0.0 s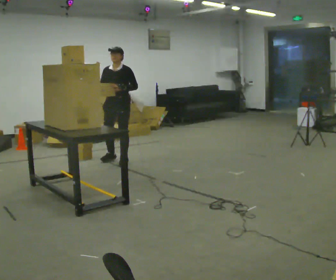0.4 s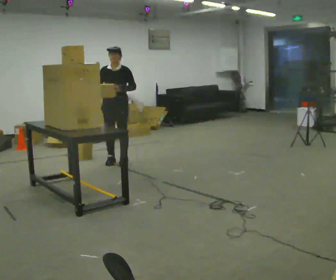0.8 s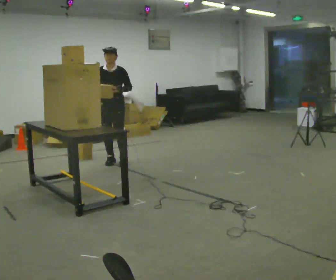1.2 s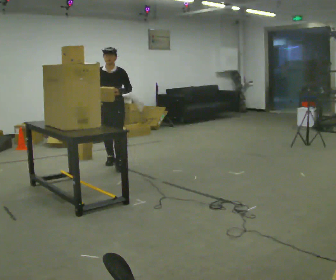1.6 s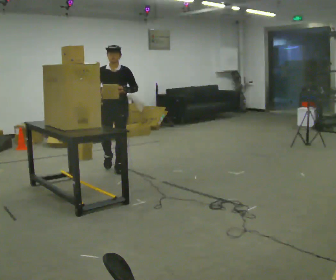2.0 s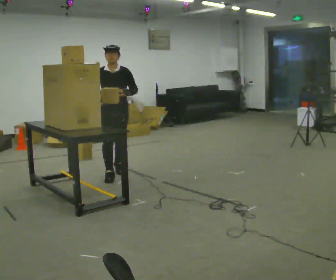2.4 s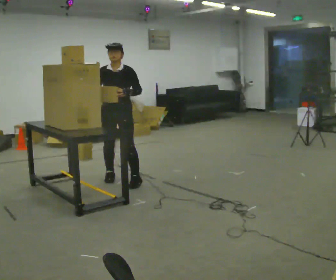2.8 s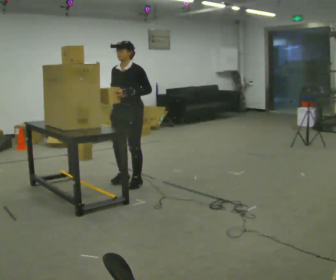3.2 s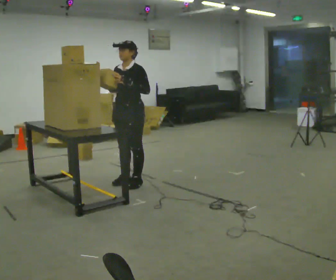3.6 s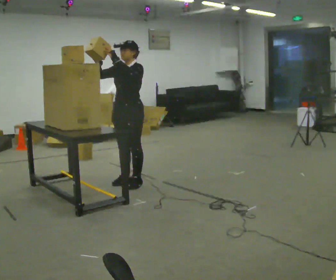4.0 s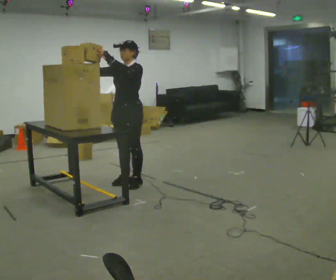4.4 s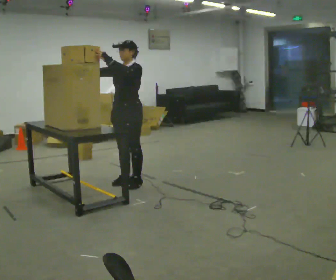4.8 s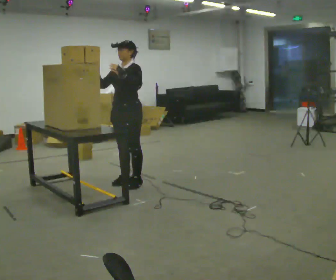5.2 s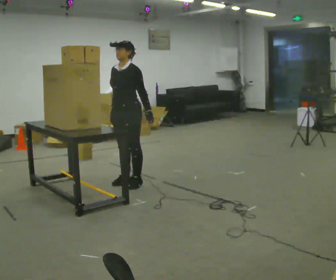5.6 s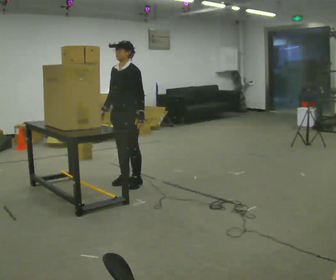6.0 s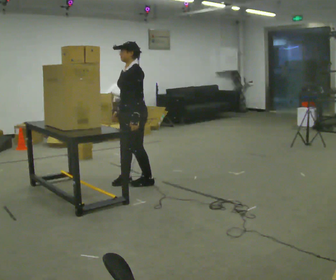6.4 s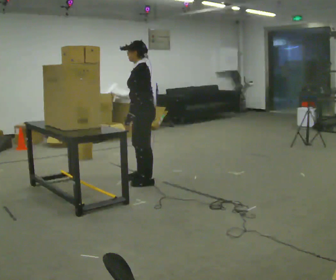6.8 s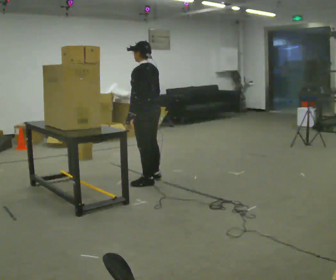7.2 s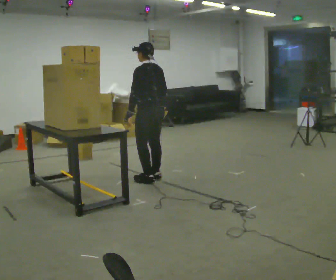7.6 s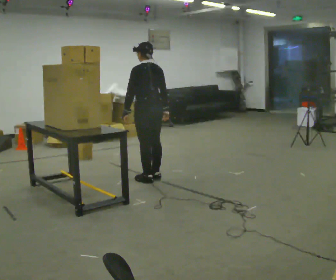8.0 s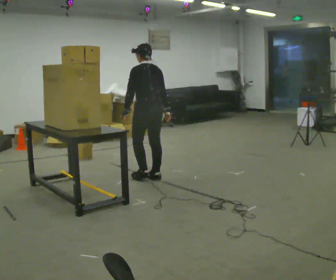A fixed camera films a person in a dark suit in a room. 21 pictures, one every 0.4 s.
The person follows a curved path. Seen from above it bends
counterclockwise.
0.0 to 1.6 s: In the picture they go toward the camera, about 0.5 m in 1 step, which for them is forward.
1.6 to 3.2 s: The part of the body nearest the lens slides to the left as the person turns to their right by about 45 degrees. In the picture they go toward the camera, about 0.75 m in 3 steps, which for them is forward and to their left.
3.2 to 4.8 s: The person moves a little, or ends about where they began.
4.8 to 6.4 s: The person turns about 45 degrees to their right, clockwise seen from above, so the part of the body nearest the lens slides to the left. In the picture they go to the right, about 0.25 m, which for them is backward. In the picture their right hand goes to the right and downward, the arm swinging counterclockwise.
6.4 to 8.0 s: The part of the body nearest the lens slides to the left as the person turns to their right by about 45 degrees. In the picture they go away from the camera, about 0.25 m in 1 step, which for them is to their right and forward.
The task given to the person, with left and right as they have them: Pick an object up off the floor, carry it across the room, and place it on the highest shelf you can comfortably reach. Keep going until the operator says stop; one object at a time, and do not rush between trips.
The film runs forward here.
